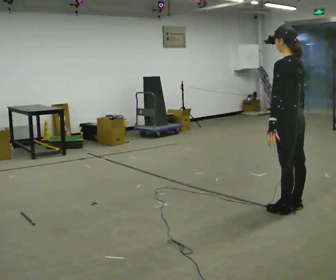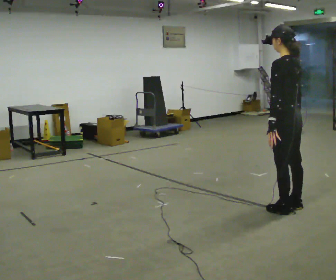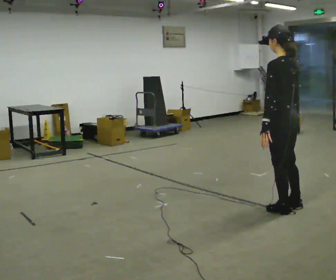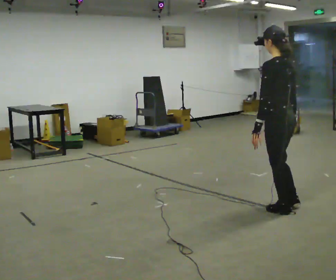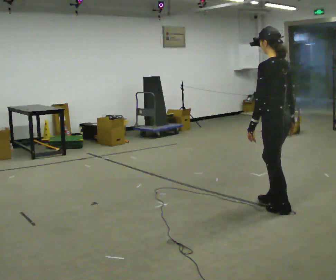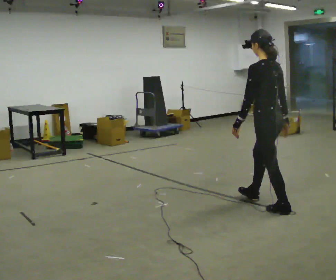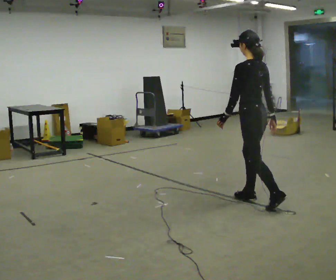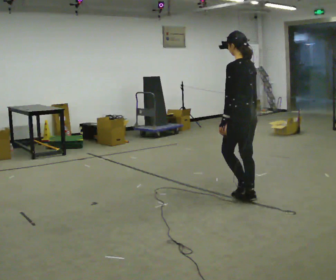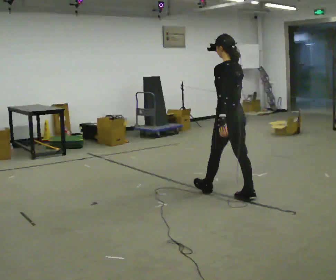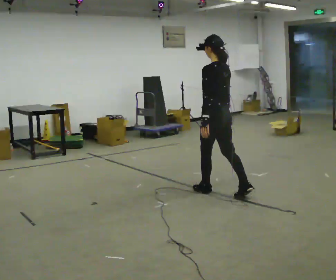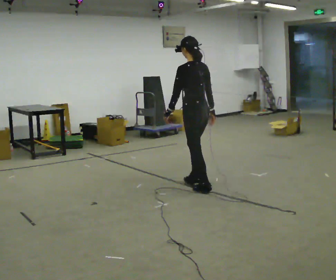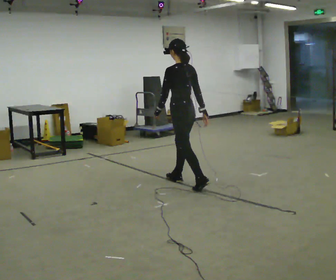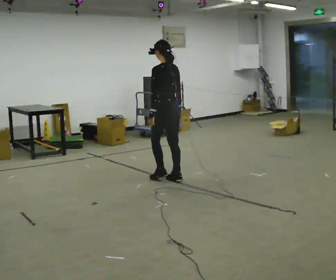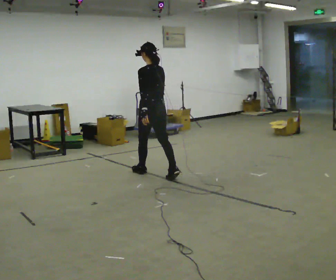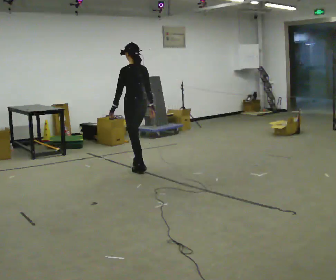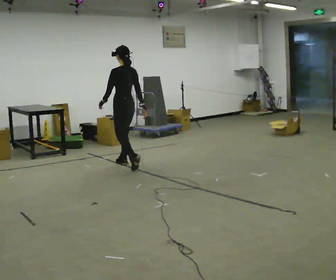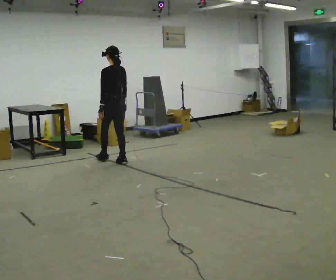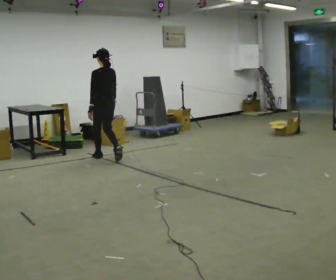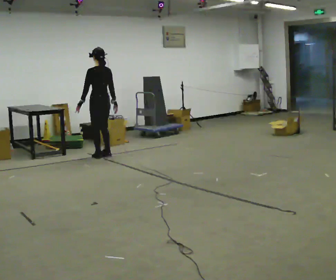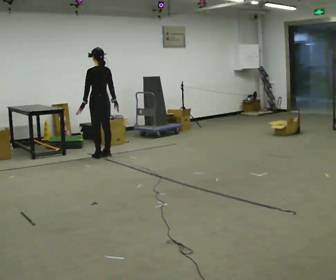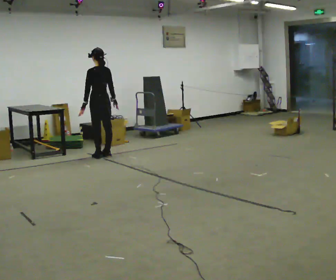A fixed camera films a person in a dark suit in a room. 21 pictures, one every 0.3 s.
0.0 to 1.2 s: The person moves a little, or ends about where they began.
1.2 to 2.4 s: In the picture they go away from the camera and to the left, about 0.5 m in 1 step, which for them is forward.
2.4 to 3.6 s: In the picture they go away from the camera and to the left, about 1 m in 2 steps, which for them is forward.
3.6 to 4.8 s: In the picture they go away from the camera and to the left, about 1 m in 2 steps, which for them is forward.
4.8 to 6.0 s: In the picture they go away from the camera and to the left, about 0.5 m in 2 steps, which for them is forward.
The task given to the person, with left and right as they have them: Start still; gradually go slow → normal → fast; briefly maintain fast speed; stop.
The film runs forward here.
